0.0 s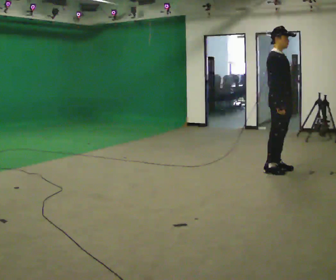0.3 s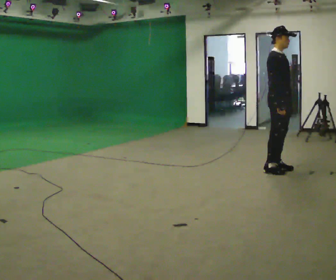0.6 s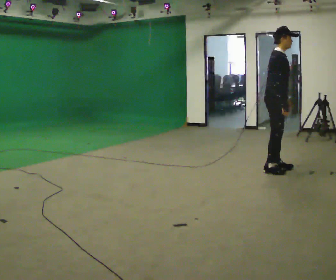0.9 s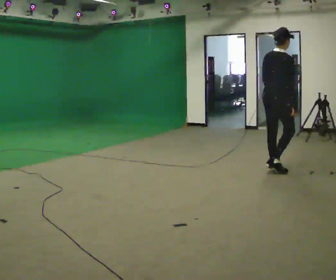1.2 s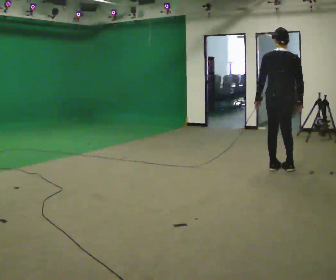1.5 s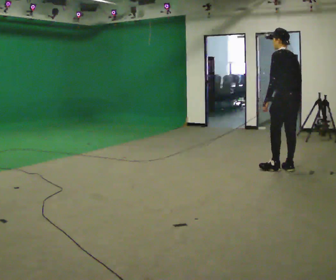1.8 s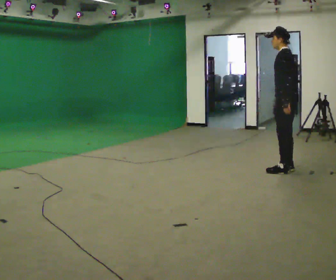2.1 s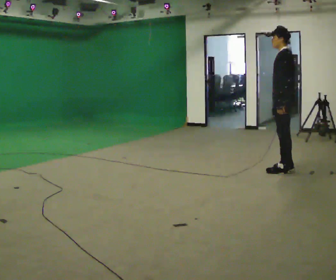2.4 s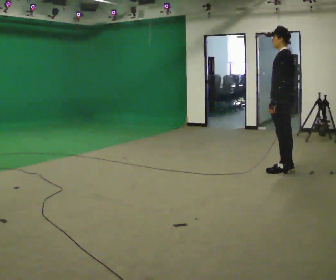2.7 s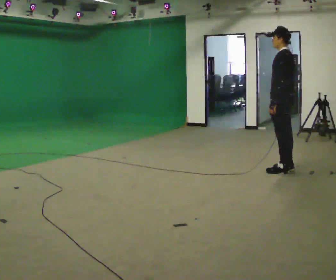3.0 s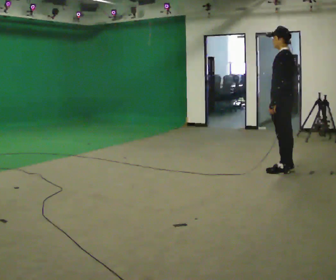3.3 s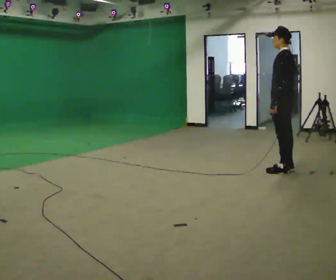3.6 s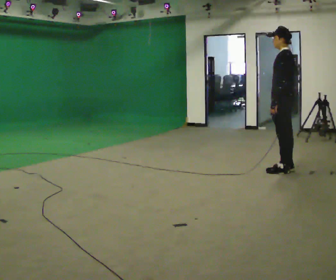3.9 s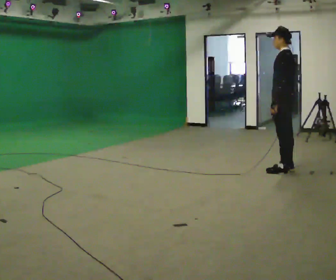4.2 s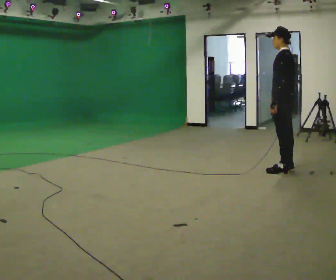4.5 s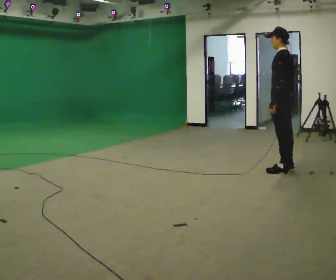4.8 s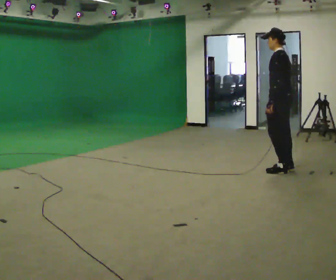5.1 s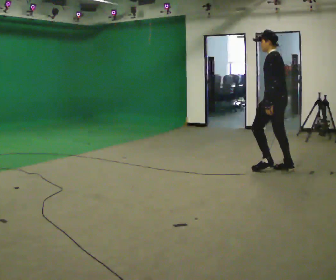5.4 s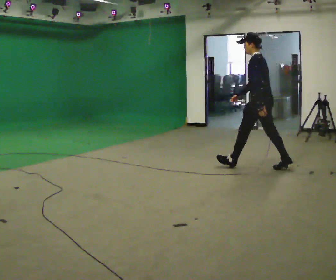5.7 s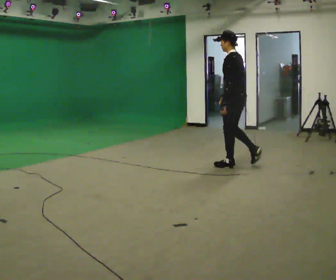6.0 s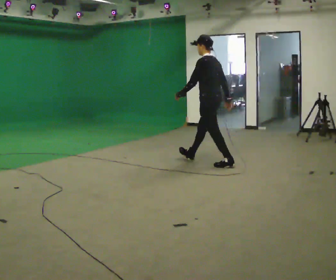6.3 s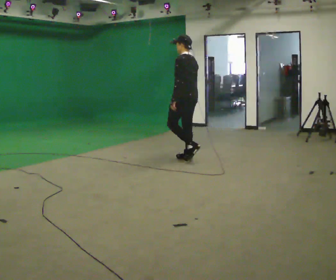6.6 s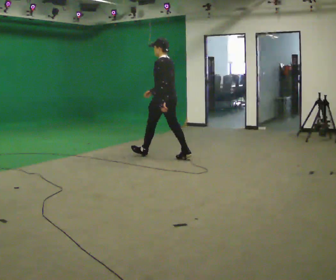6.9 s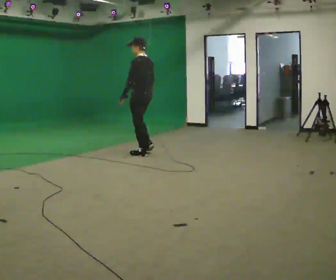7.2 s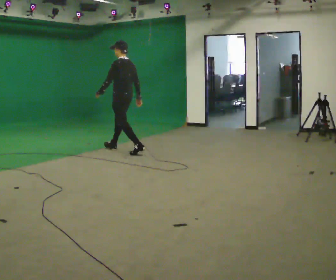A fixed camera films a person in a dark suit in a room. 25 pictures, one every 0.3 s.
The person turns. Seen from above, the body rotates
counterclockwise.
The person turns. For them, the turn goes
to their left.
0.0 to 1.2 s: The person turns about 120 degrees to their left, counterclockwise seen from above, so the part of the body nearest the lens slides to the right. In the picture their left hand goes to the left, the arm swinging clockwise.
1.2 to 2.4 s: The person turns about 75 degrees to their left, counterclockwise seen from above, so the part of the body nearest the lens slides to the right.
2.4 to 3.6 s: The person keeps their place and pose.
3.6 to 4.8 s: The person moves a little, or ends about where they began.
4.8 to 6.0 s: In the picture they go to the left, about 1 m in 1 step, which for them is forward.
6.0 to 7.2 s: In the picture they go to the left, about 1.5 m in 3 steps, which for them is forward.
The film runs forward here.
